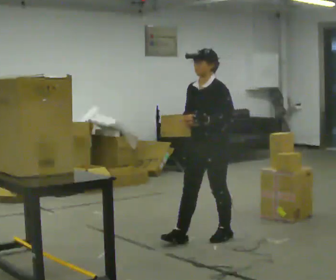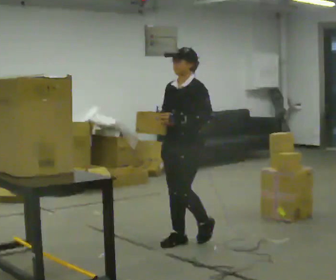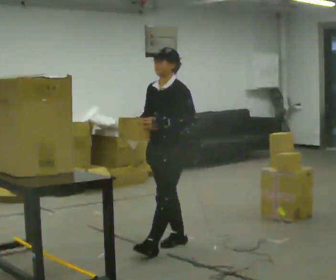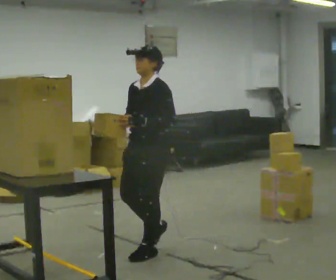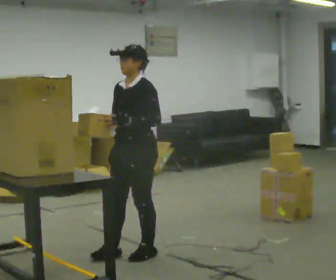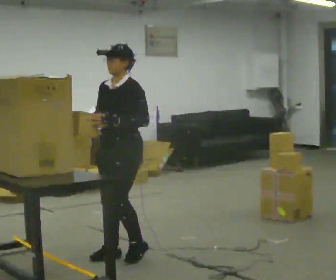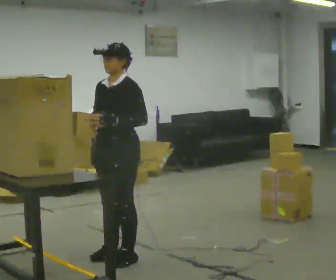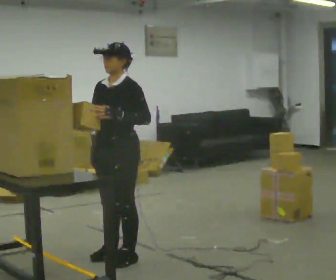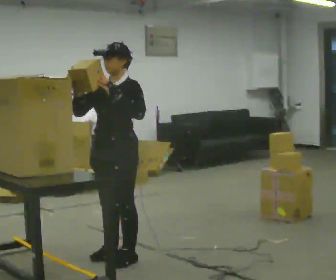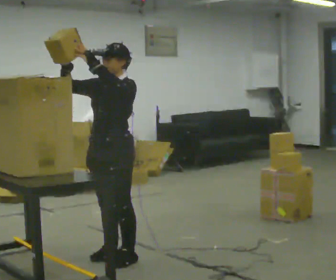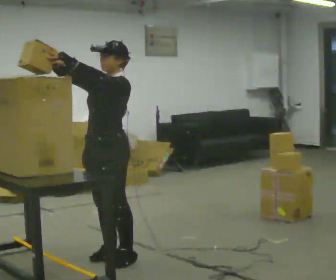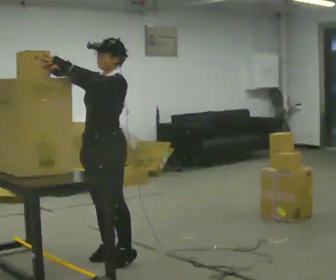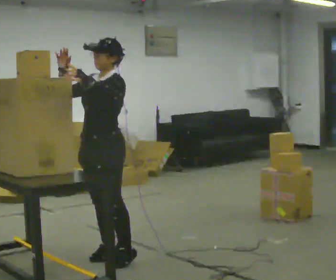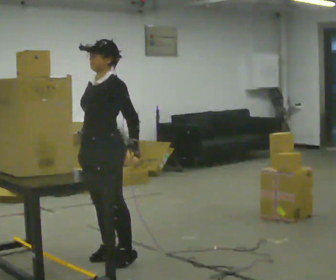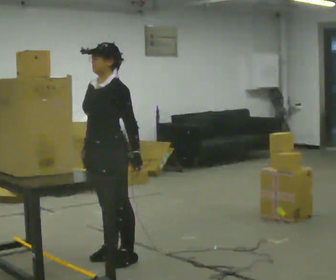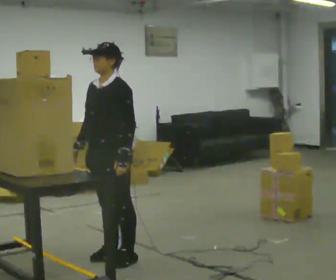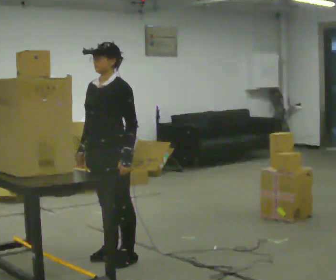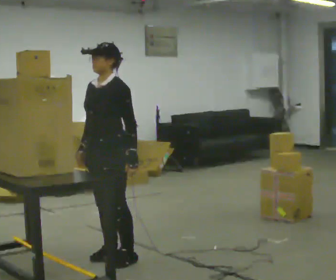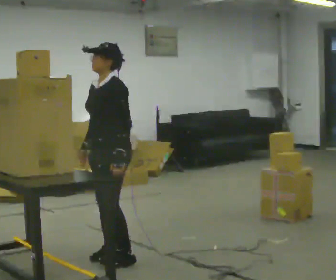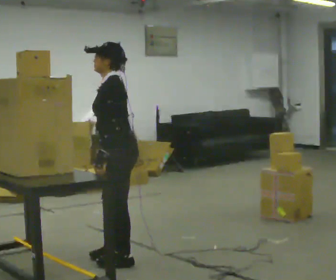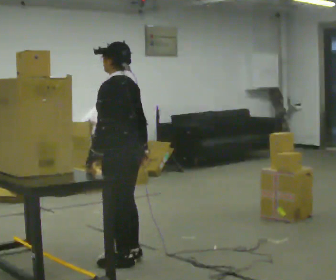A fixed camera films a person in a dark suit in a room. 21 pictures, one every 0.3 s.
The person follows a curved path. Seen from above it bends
counterclockwise.
0.0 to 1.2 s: In the picture they go to the left and toward the camera, about 0.5 m in 2 steps, which for them is forward.
1.2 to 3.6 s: In the picture they go to the left and toward the camera, about 0.25 m in 1 step, which for them is forward. In the picture their right hand goes upward.
3.6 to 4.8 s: In the picture their right hand goes downward, the arm swinging counterclockwise.
4.8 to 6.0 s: Seen from above the body turns clockwise, about 75 degrees: to their right, with its near side sliding to the left. In the picture their right hand goes to the right, the arm swinging counterclockwise.
The film runs forward here.
